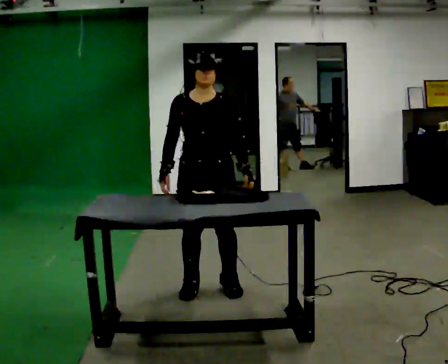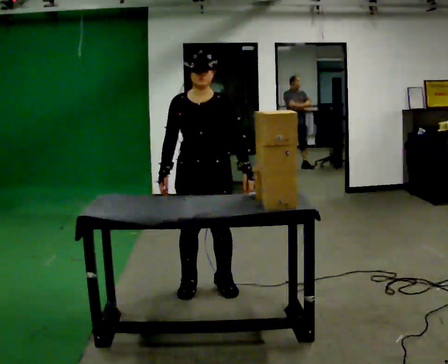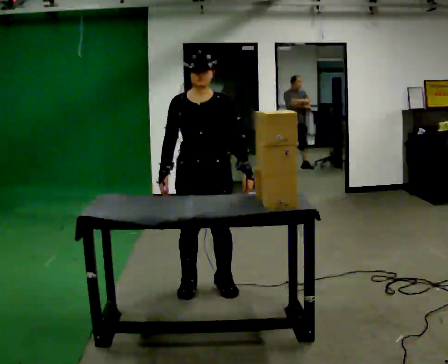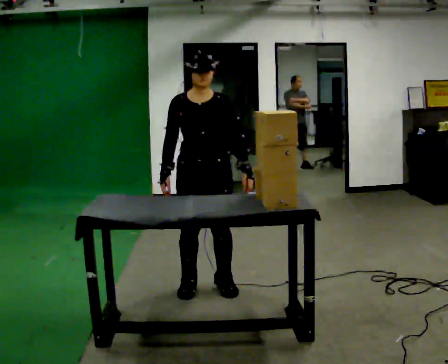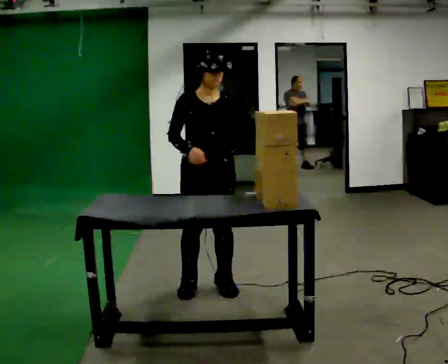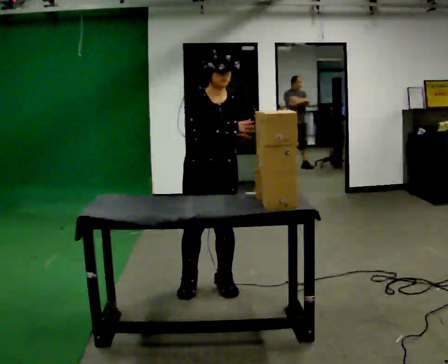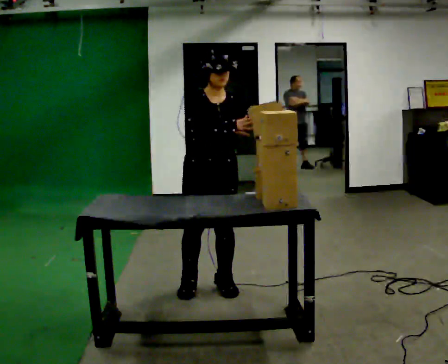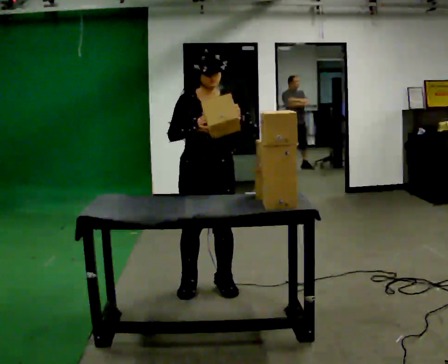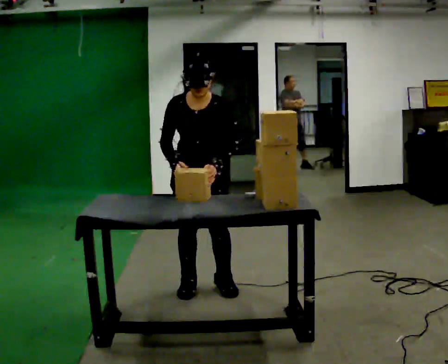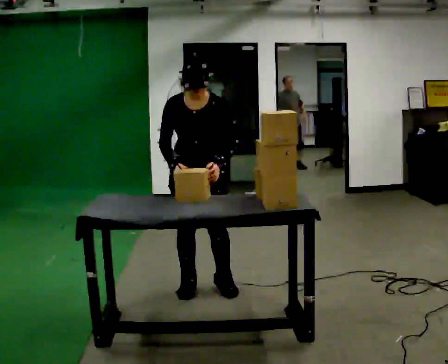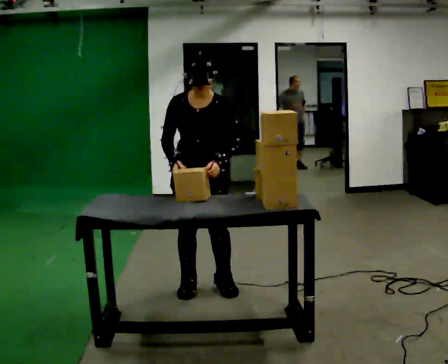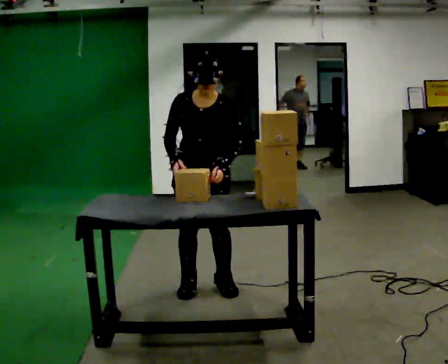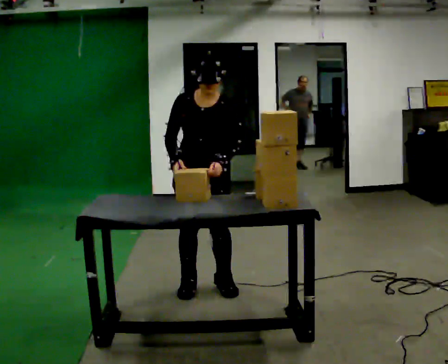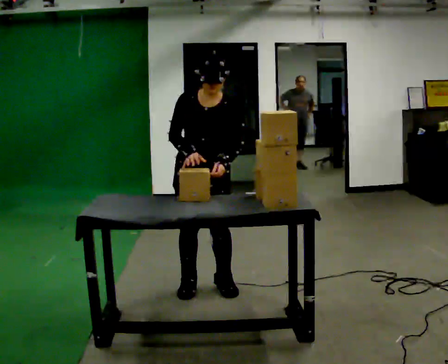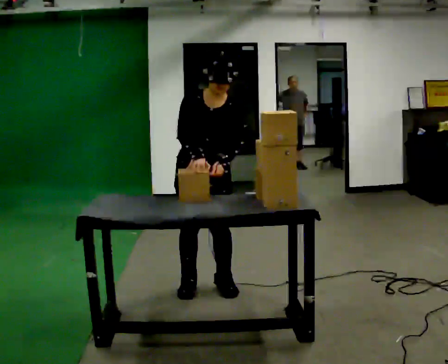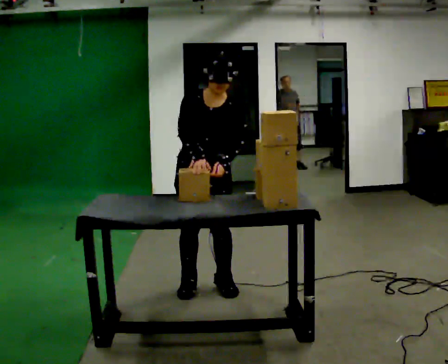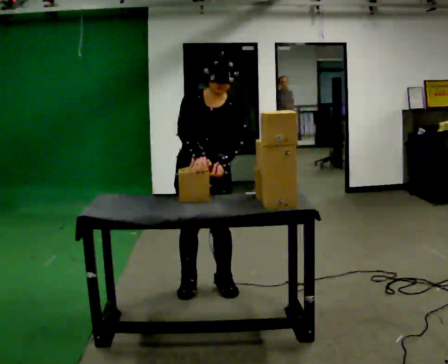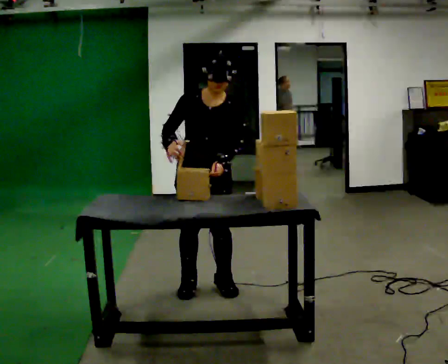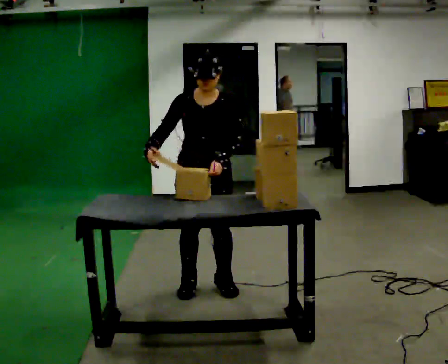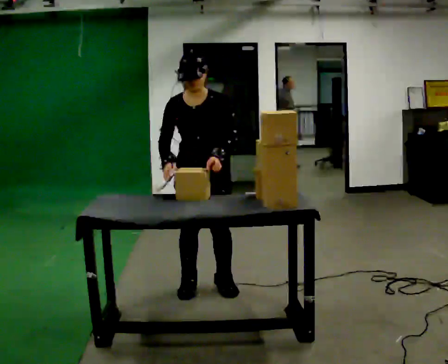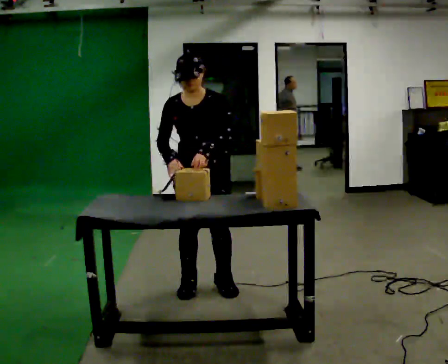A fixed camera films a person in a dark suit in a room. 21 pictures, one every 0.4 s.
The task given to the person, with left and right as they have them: Take the stacked item apart piece by piece on the table, then put it back together. Repeat at your own pace until the operator says stop. Keep both feet on the marked spots for the whole take. If you have to step, stop and tell the operator.
0.0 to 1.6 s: The person moves a little, or ends about where they began.
1.6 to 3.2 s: The upper body tips toward the camera, its near side rolling downward, as they bend forward. In the picture their left hand goes to the left.
3.2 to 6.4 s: The person moves a little, or ends about where they began.
6.4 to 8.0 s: In the picture the upper body tilts counterclockwise, shoulders to the left.
The film runs forward here.
